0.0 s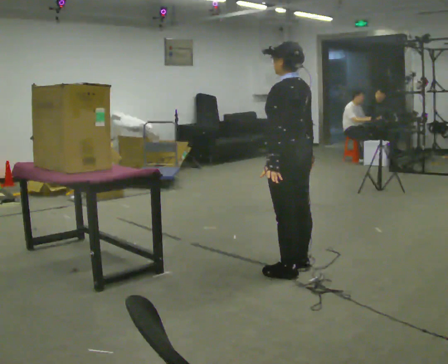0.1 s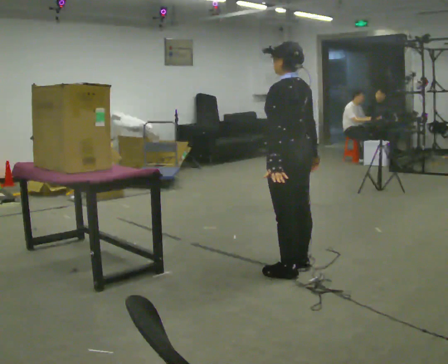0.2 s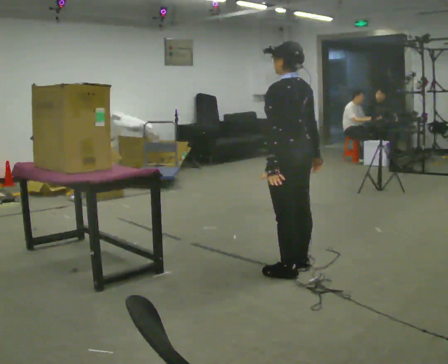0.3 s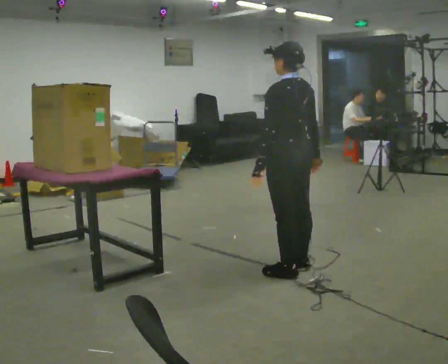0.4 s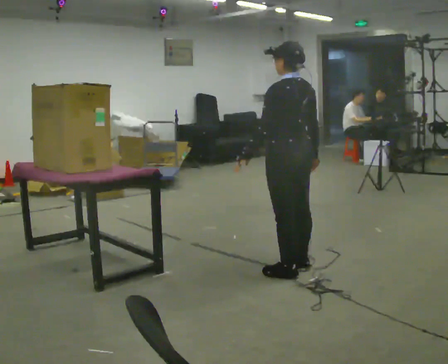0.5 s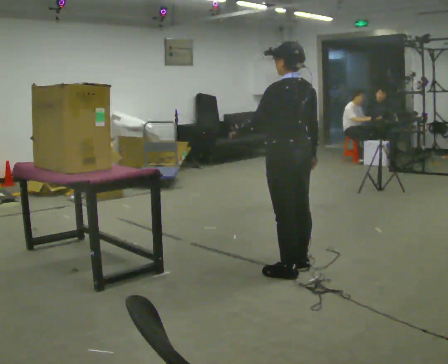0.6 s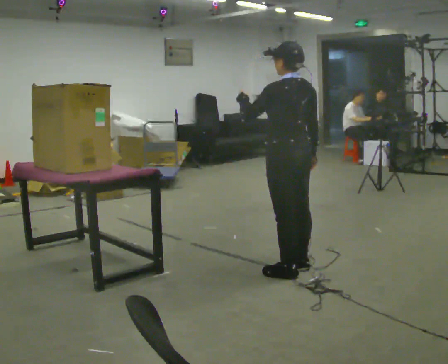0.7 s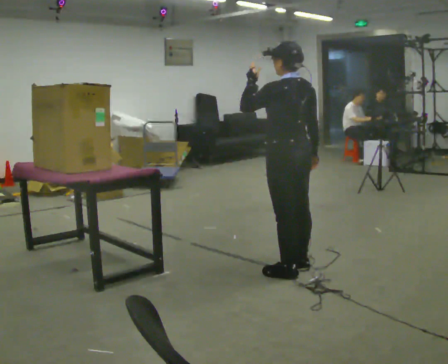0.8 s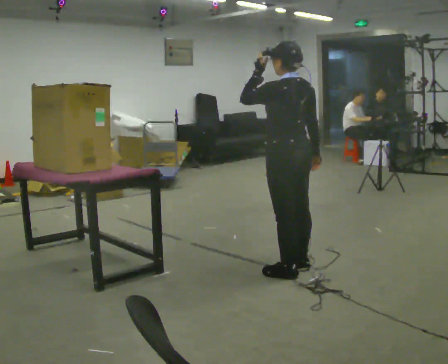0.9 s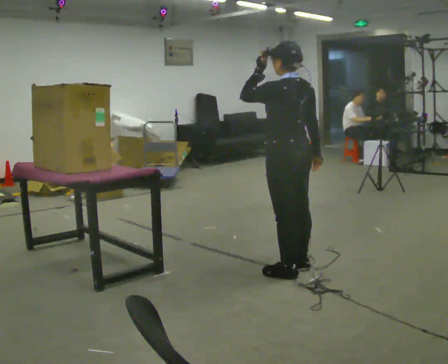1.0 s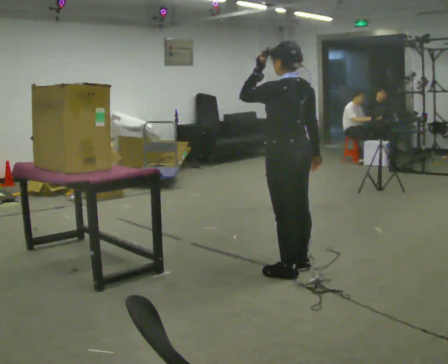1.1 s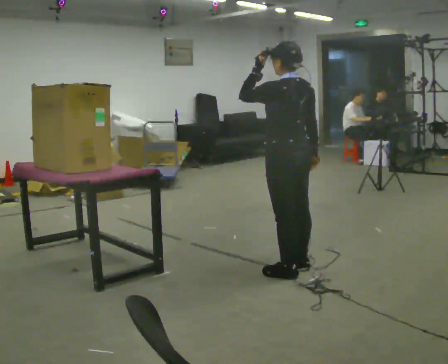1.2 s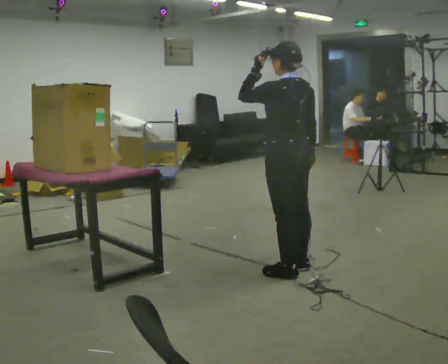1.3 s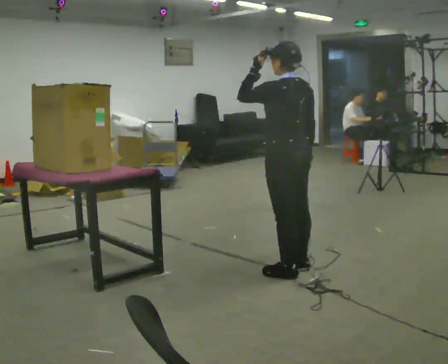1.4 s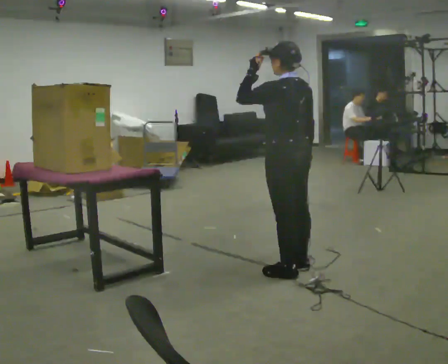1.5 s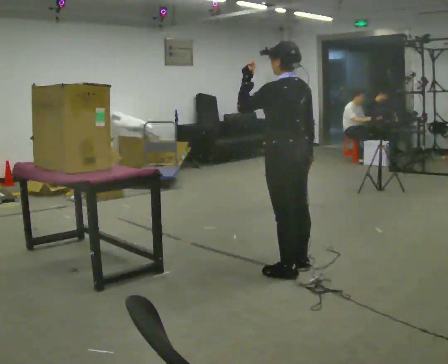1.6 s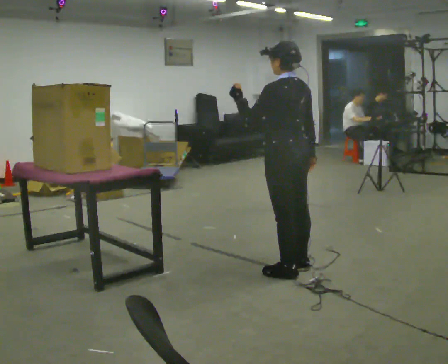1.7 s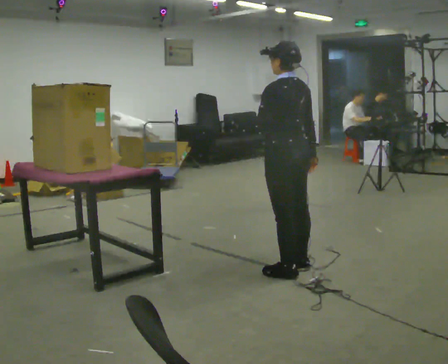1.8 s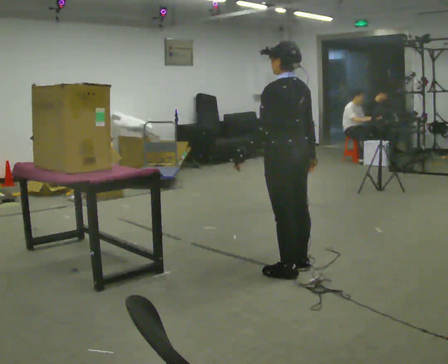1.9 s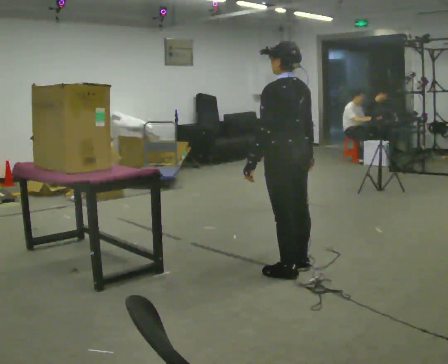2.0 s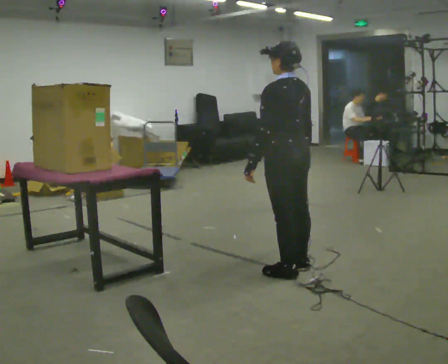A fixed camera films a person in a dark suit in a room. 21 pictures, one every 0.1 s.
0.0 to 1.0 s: In the picture their left hand goes upward.
1.0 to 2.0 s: In the picture their left hand goes downward.
The film runs backward here.
